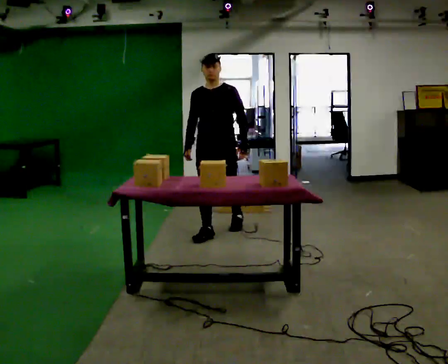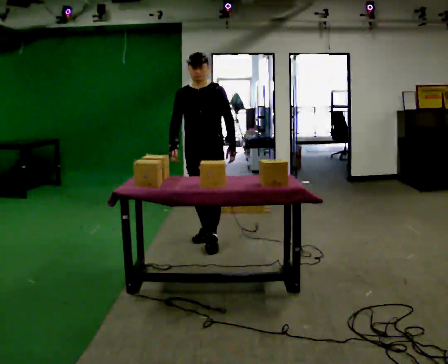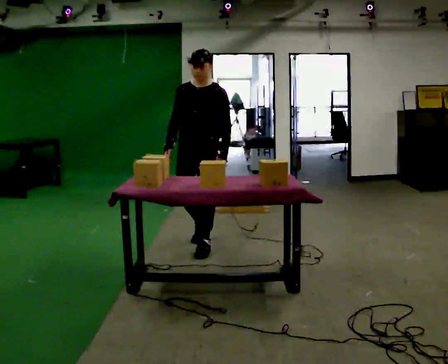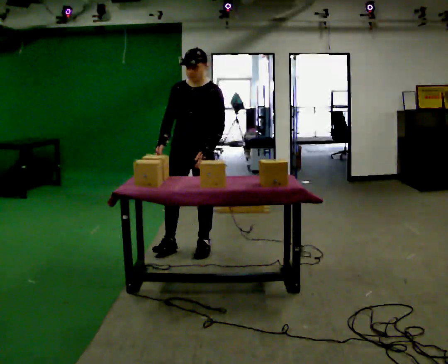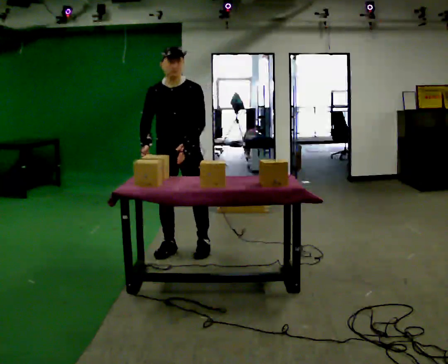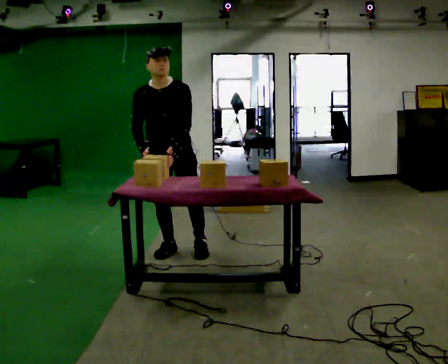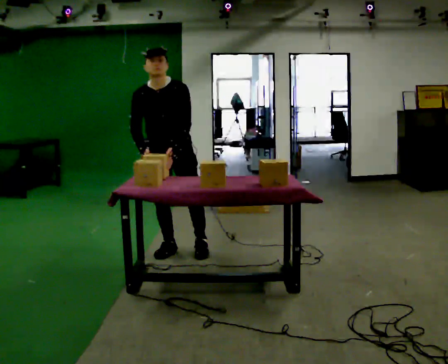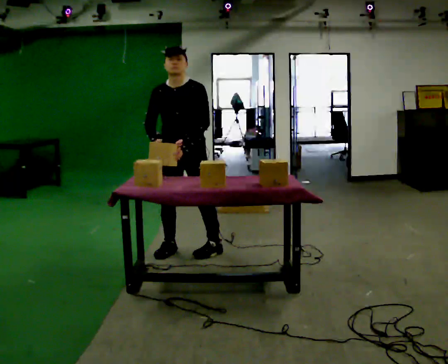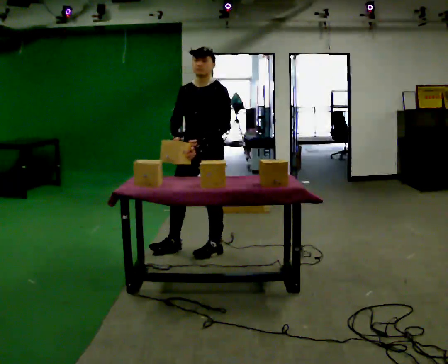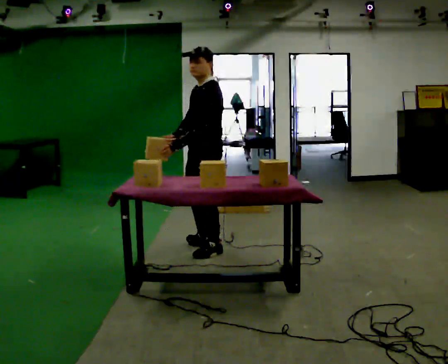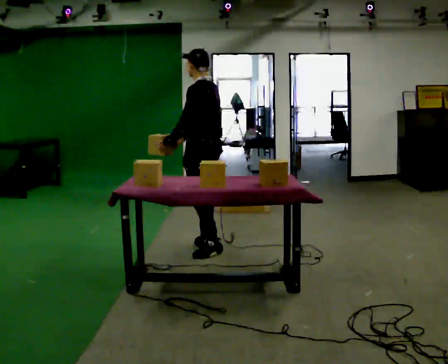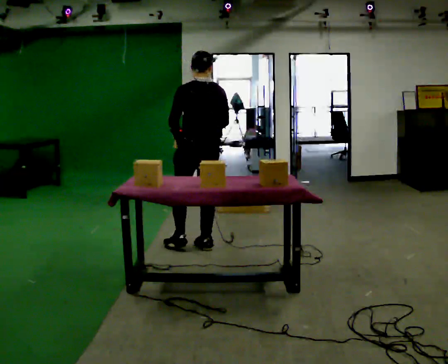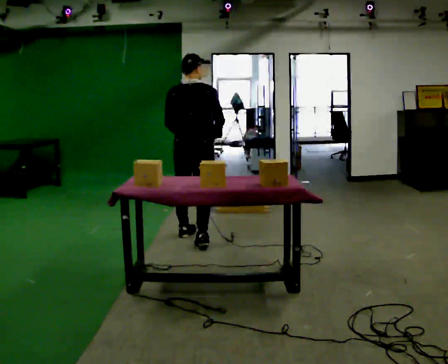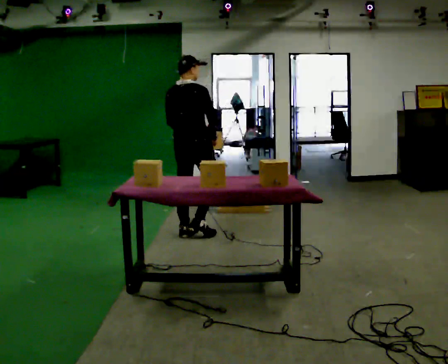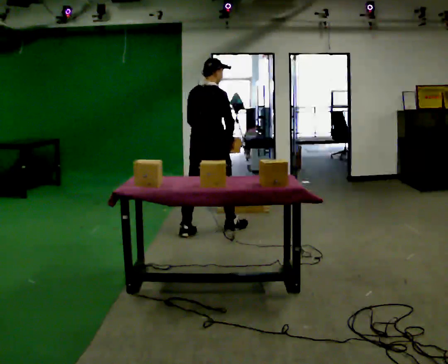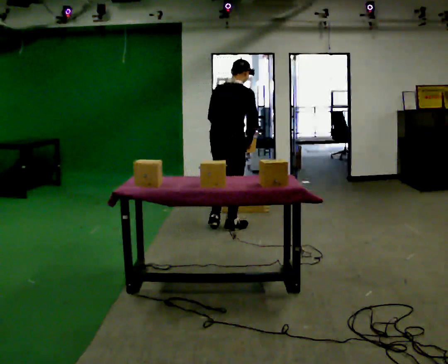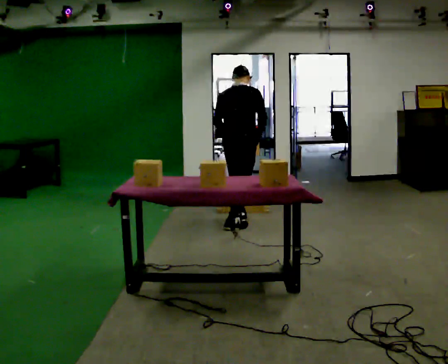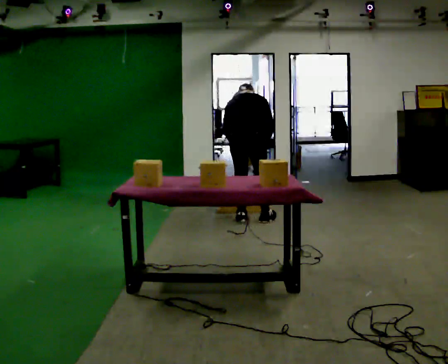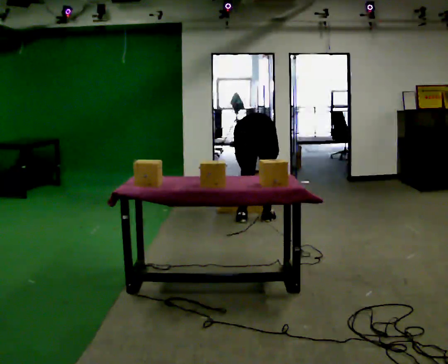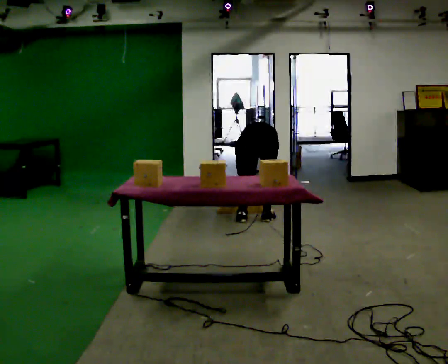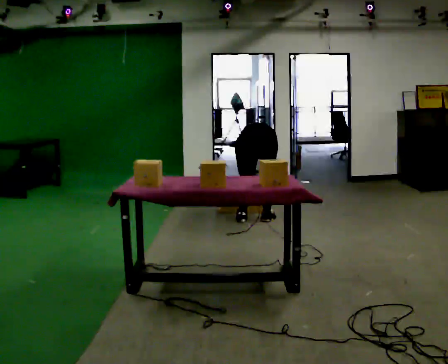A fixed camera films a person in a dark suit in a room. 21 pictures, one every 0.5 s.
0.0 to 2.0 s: In the picture they go toward the camera and to the left, about 0.75 m in 2 steps, which for them is forward.
2.0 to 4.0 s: The person turns about 30 degrees to their right, clockwise seen from above, so the part of the body nearest the lens slides to the left. In the picture they go to the right, about 0.25 m, which for them is to their left.
4.0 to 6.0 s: The part of the body nearest the lens slides to the left as the person turns to their right by about 150 degrees. In the picture they go away from the camera, about 0.5 m in 2 steps.
6.0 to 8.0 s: In the picture they go away from the camera and to the right, about 0.75 m in 2 steps, which for them is forward.
8.0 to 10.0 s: The person turns about 30 degrees to their left, counterclockwise seen from above, so the part of the body nearest the lens slides to the right. In the picture they go to the right, about 0.25 m in 1 step, which for them is to their right. The upper body goes downward. The upper body tips away from the camera, its near side rolling upward, as they bend forward. In the picture their right hand goes downward.
The film runs forward here.
